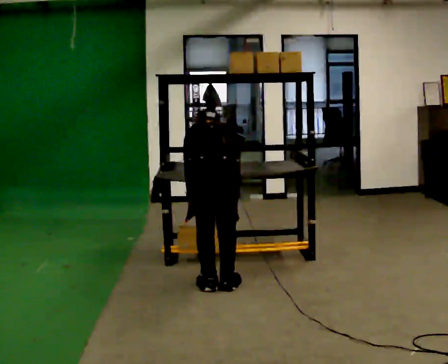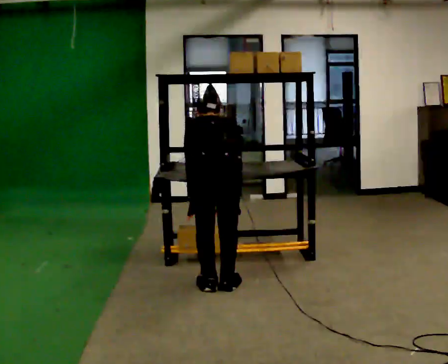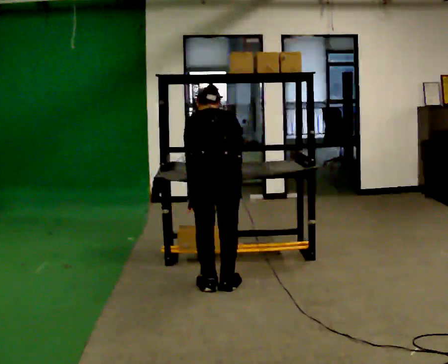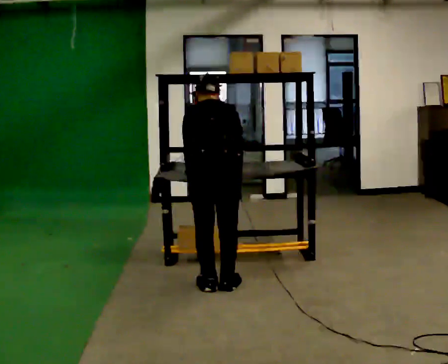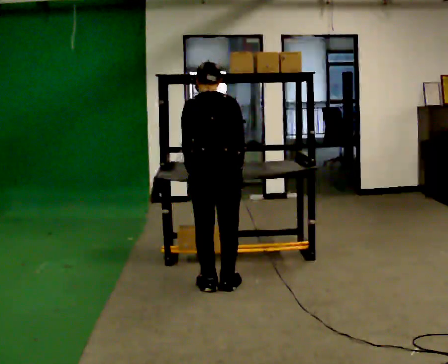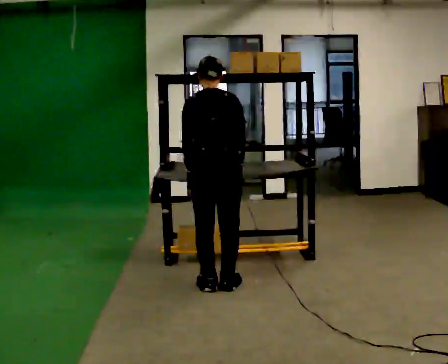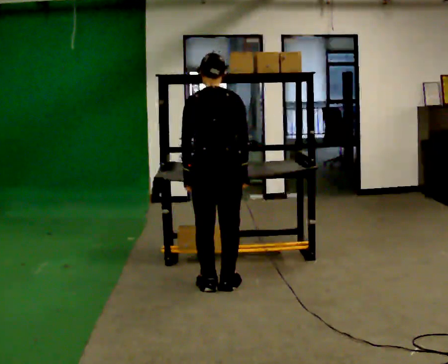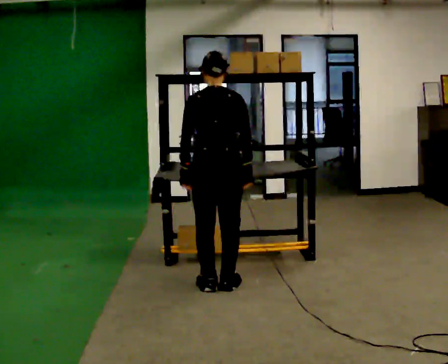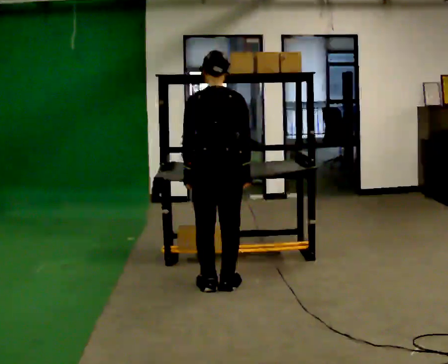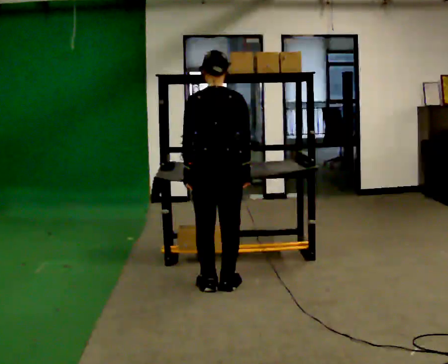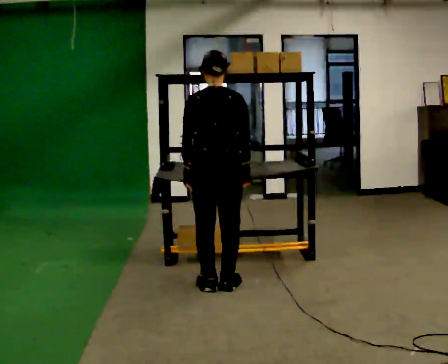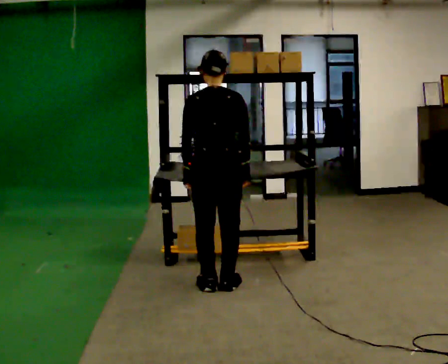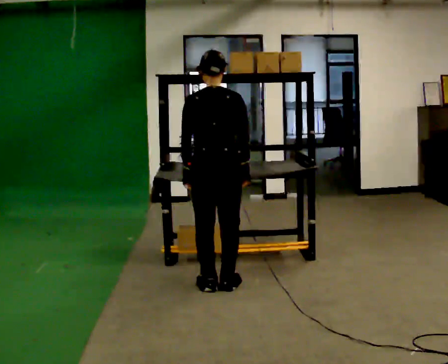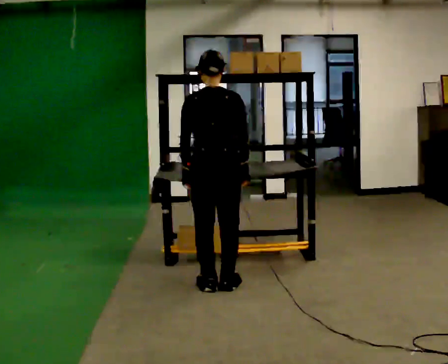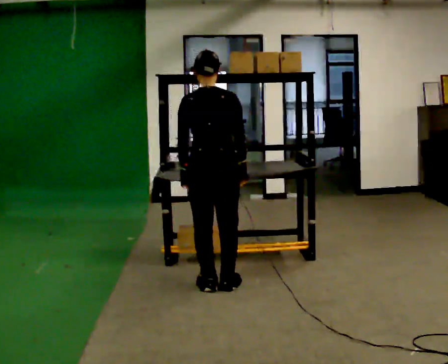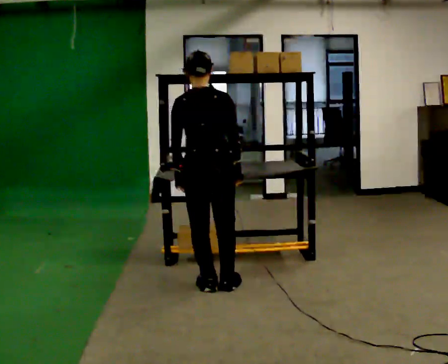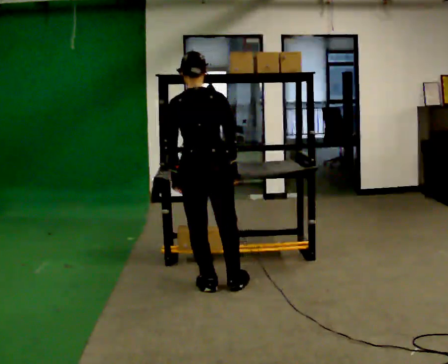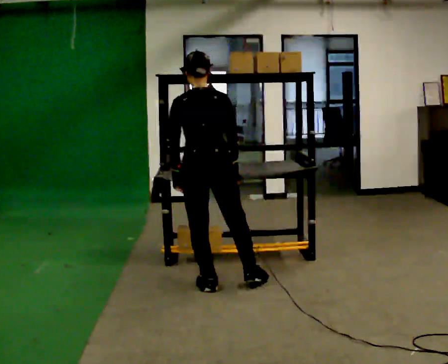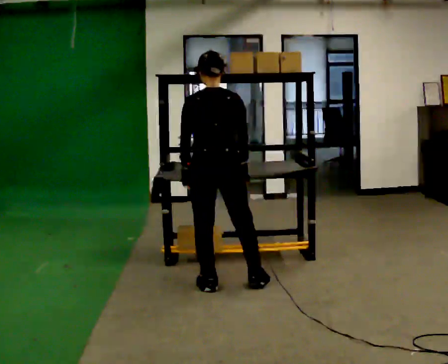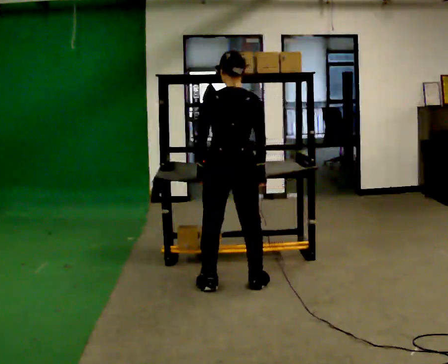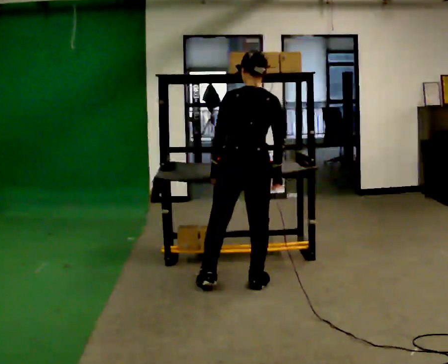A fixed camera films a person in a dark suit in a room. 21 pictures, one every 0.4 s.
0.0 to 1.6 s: The upper body goes upward. The upper body tips toward the camera, its near side rolling downward, as they lean back or straighten.
1.6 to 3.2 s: The upper body tips toward the camera, its near side rolling downward, as they lean back or straighten.
3.2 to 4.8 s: The person keeps their place and pose.
4.8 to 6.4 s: The person moves a little, or ends about where they began.
6.4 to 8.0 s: In the picture they go to the right, about 0.25 m in 1 step, which for them is to their right.
The film runs backward here.
